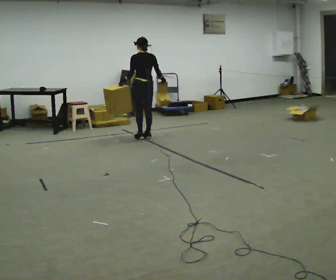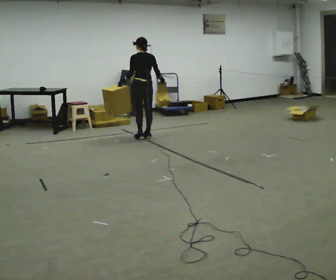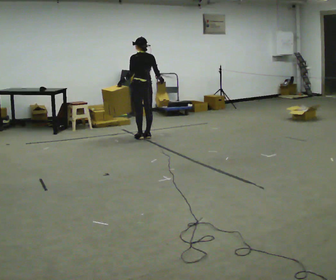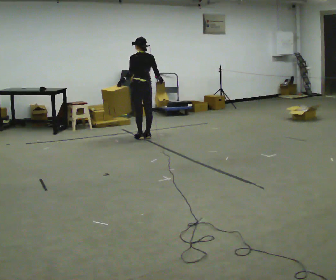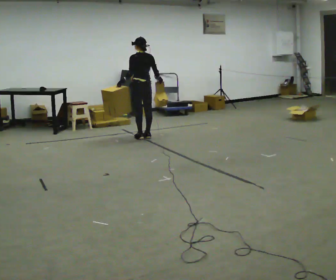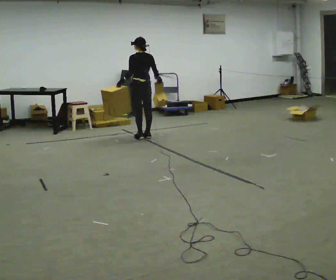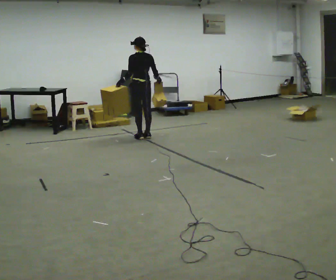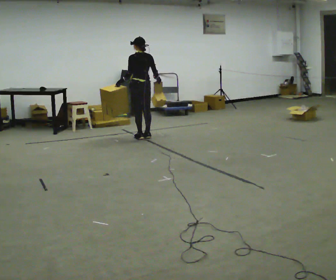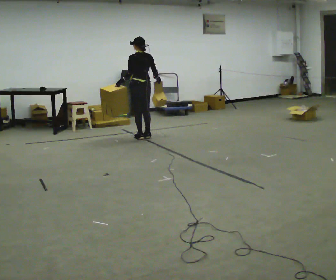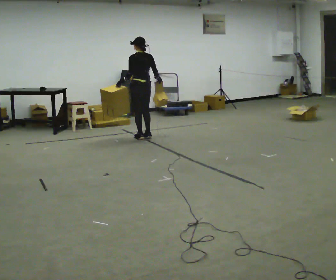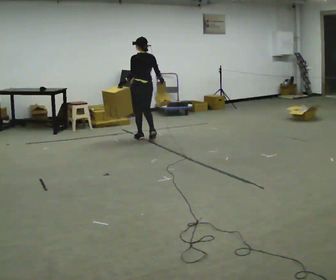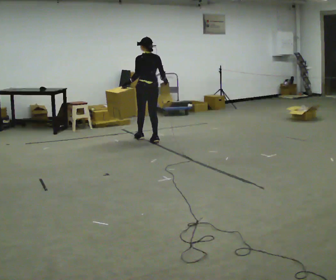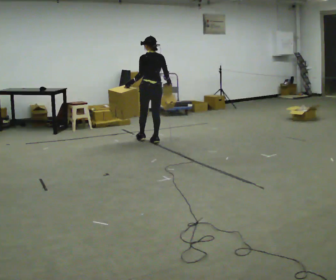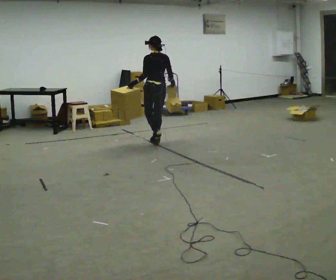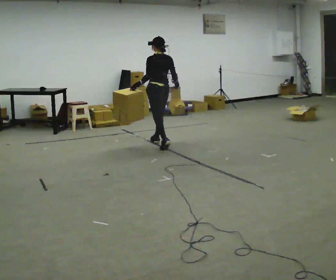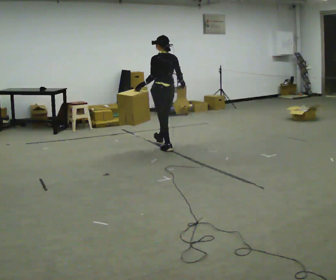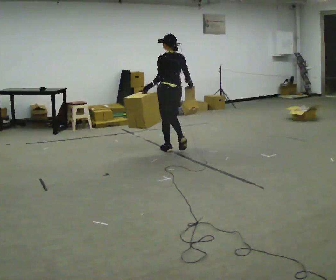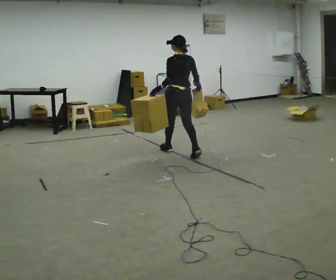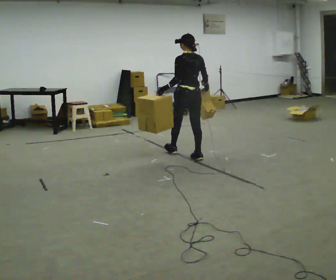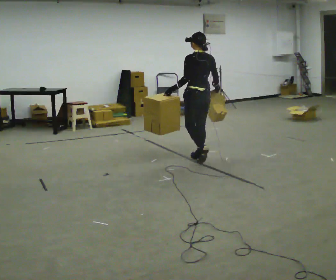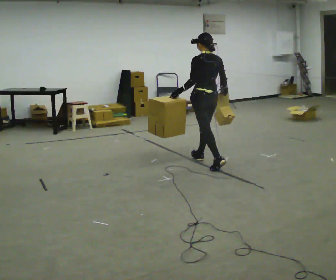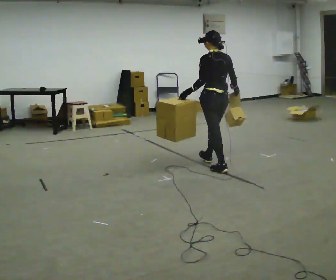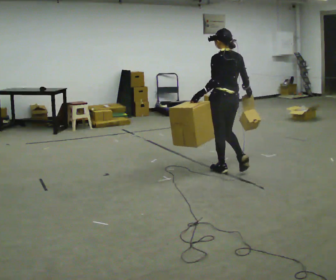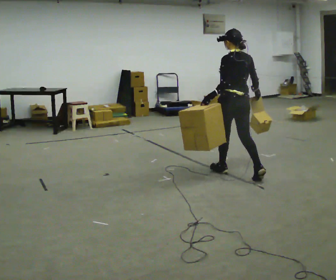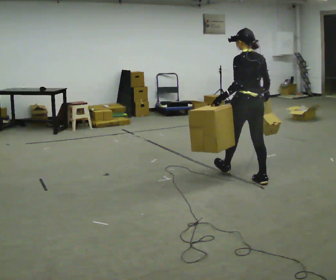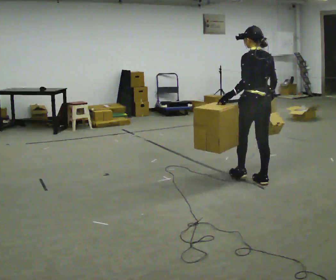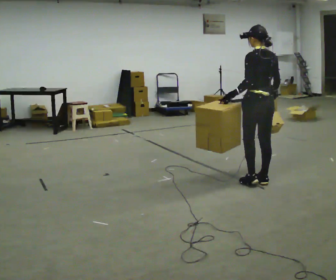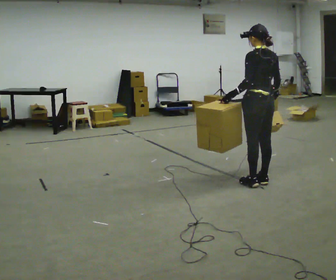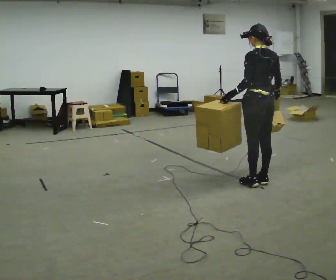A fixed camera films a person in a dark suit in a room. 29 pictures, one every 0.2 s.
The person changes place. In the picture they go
toward the camera.
0.0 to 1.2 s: The person moves a little, or ends about where they began.
1.2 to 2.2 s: In the picture they go toward the camera, about 0.25 m in 1 step, which for them is backward.
2.2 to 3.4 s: In the picture they go toward the camera and to the right, about 1 m in 2 steps, which for them is backward.
3.4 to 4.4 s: In the picture they go toward the camera and to the right, about 1 m in 2 steps, which for them is backward.
4.4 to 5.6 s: In the picture they go toward the camera and to the right, about 0.5 m in 1 step, which for them is backward.
The film runs backward here.
